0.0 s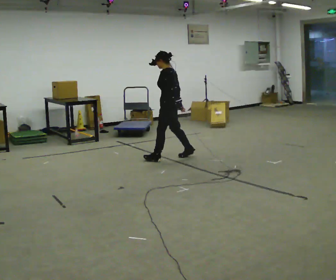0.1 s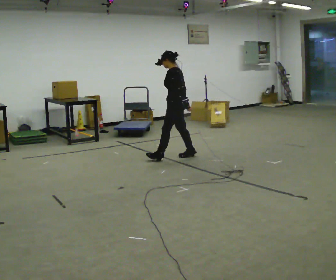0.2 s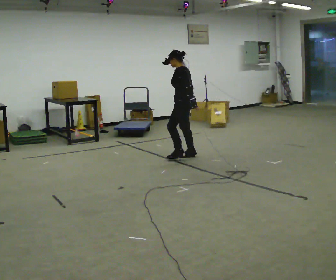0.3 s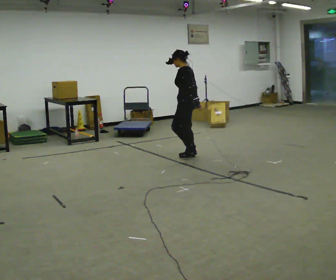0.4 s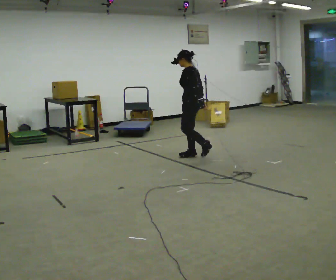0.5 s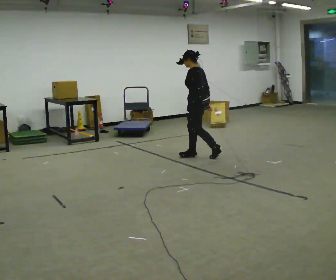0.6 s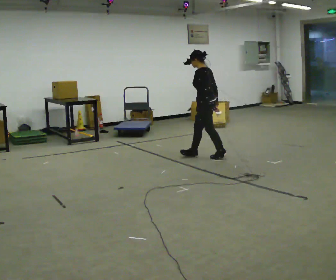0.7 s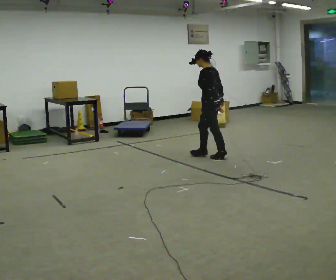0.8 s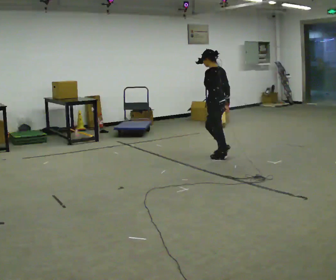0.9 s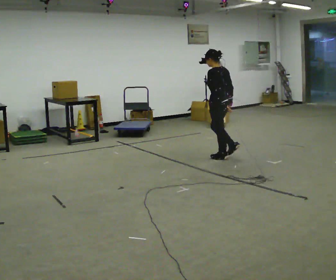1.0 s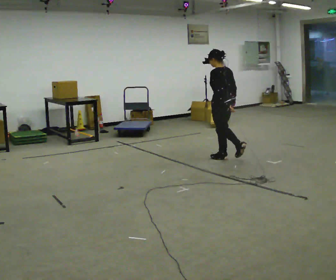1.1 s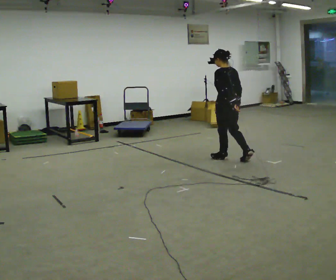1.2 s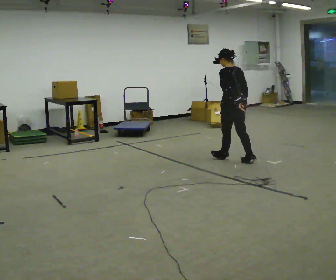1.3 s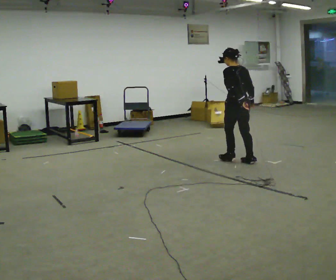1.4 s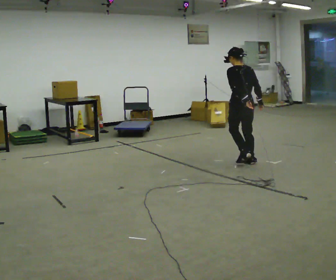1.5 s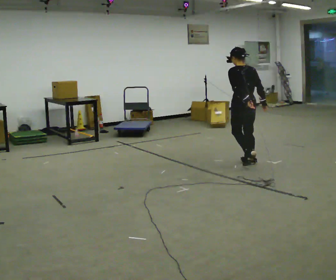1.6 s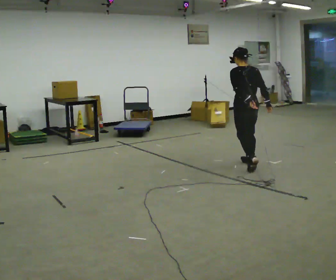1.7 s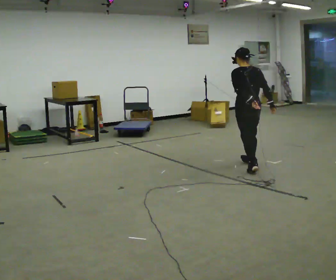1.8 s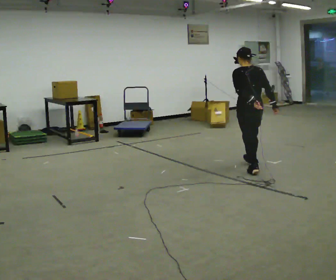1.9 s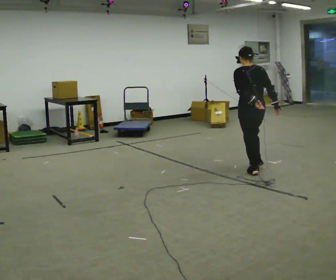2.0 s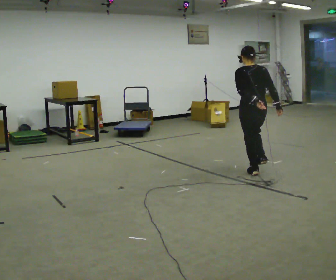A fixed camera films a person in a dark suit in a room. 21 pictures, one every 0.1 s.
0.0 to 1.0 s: Seen from above the body turns clockwise, about 30 degrees: to their right, with its near side sliding to the left. In the picture they go to the right, about 0.5 m in 2 steps, which for them is backward.
1.0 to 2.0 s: The part of the body nearest the lens slides to the left as the person turns to their right by about 45 degrees. In the picture they go toward the camera and to the right, about 1 m in 2 steps, which for them is backward.
The film runs backward here.
